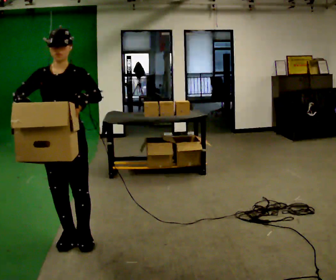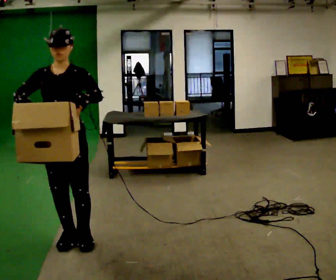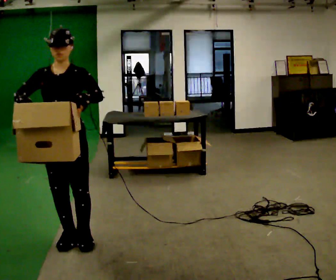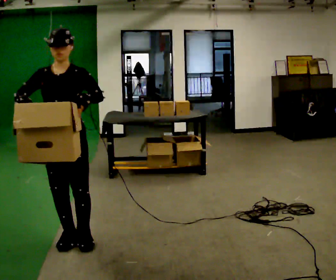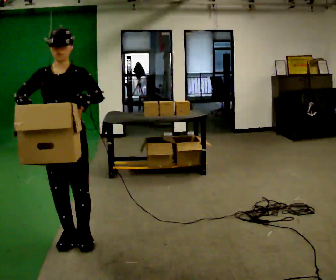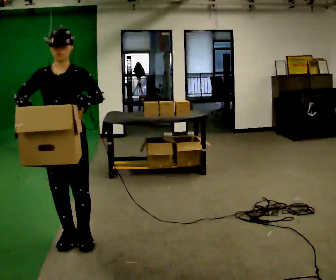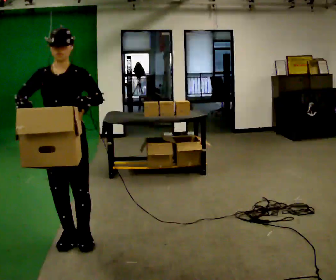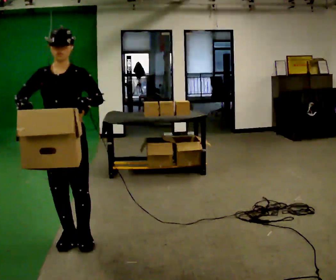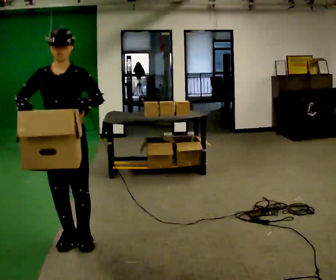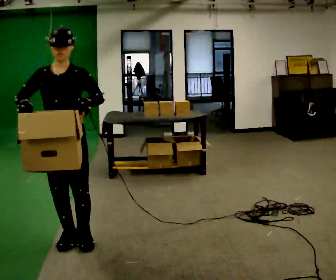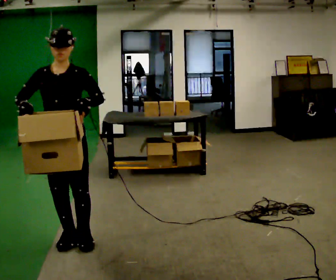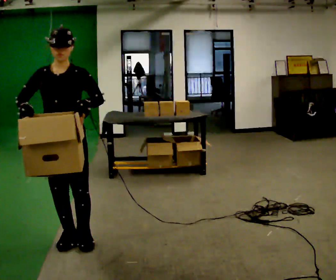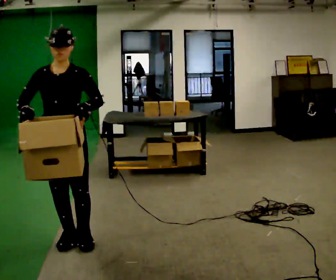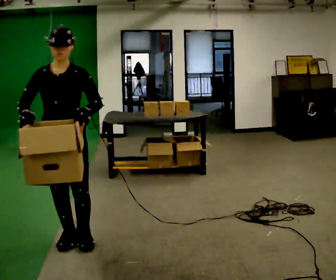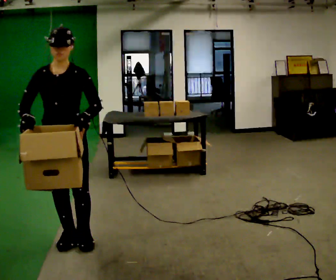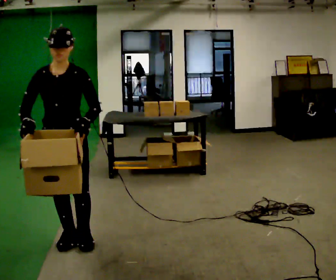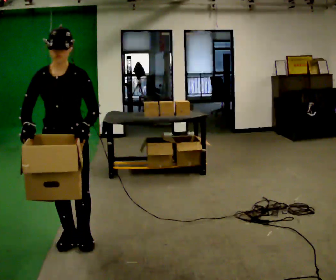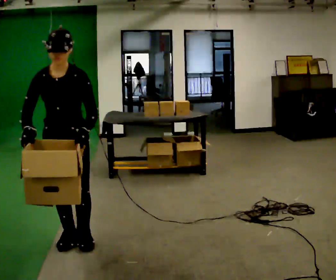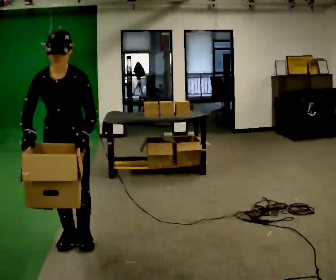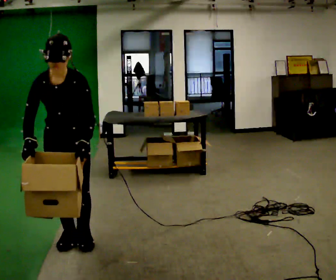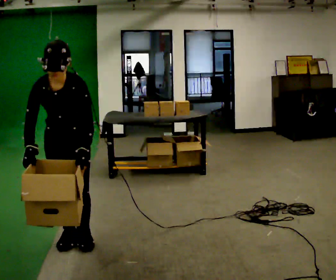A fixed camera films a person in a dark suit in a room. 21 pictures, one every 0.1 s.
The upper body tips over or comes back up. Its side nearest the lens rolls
downward.
0.0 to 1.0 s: The person moves a little, or ends about where they began.
1.0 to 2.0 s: The upper body tips toward the camera, its near side rolling downward, as they bend forward.
The film runs backward here.
